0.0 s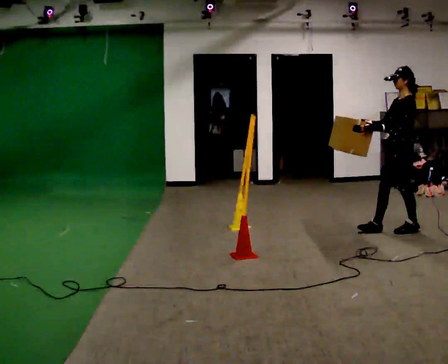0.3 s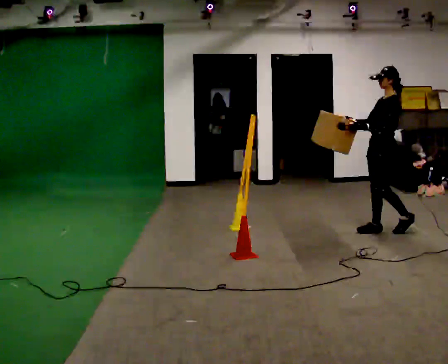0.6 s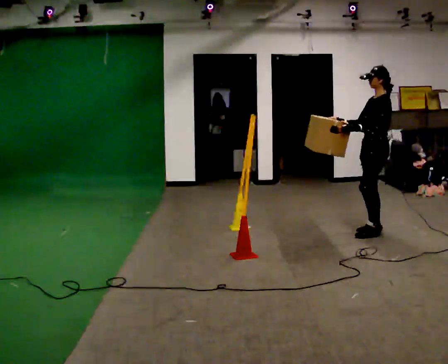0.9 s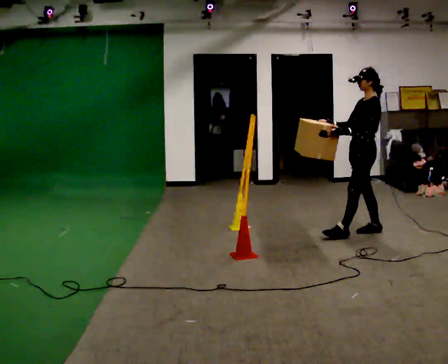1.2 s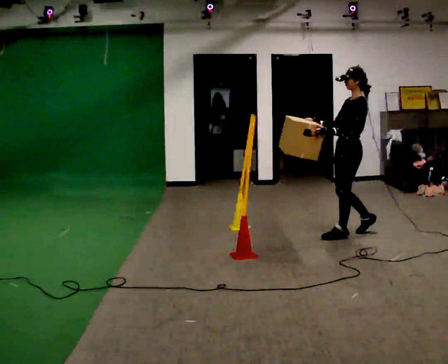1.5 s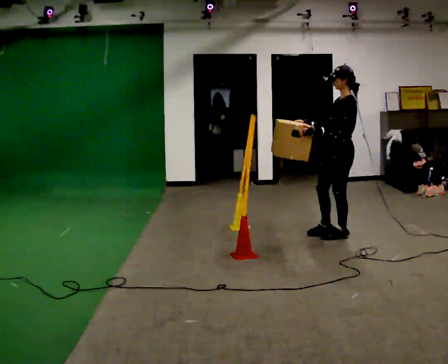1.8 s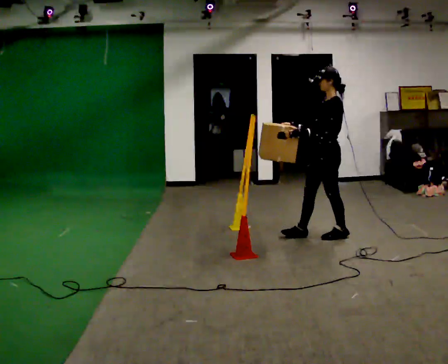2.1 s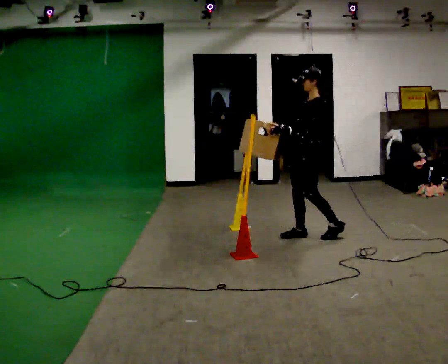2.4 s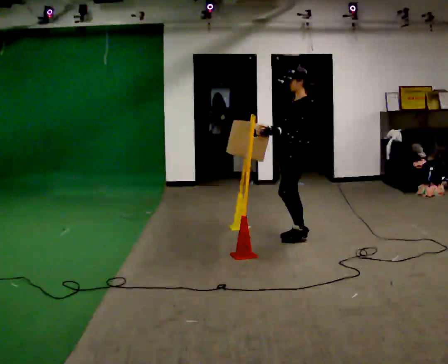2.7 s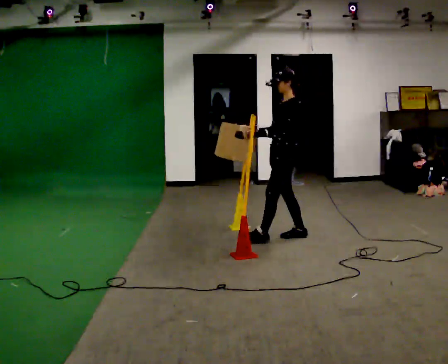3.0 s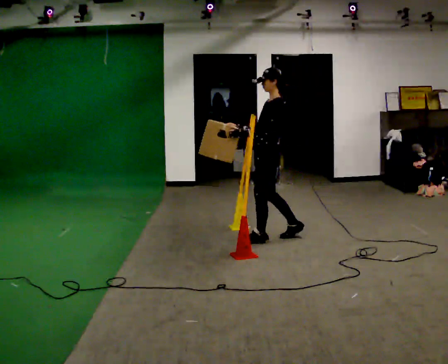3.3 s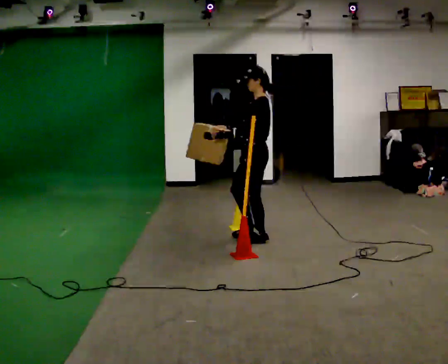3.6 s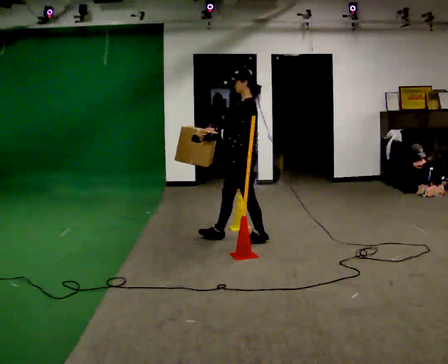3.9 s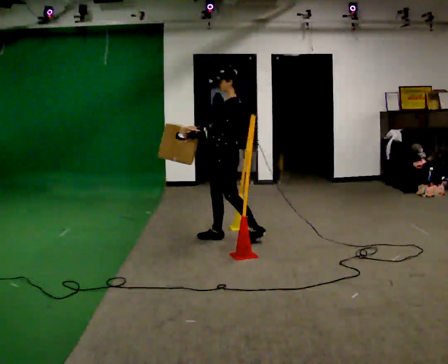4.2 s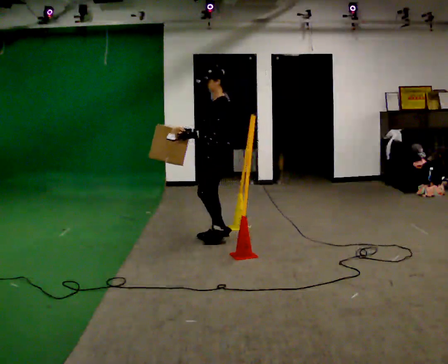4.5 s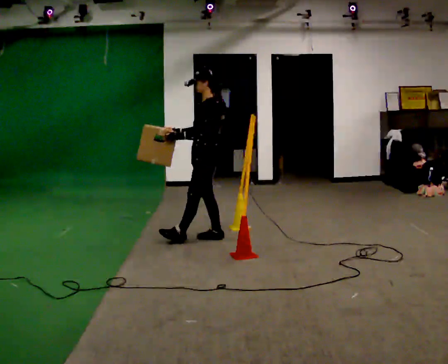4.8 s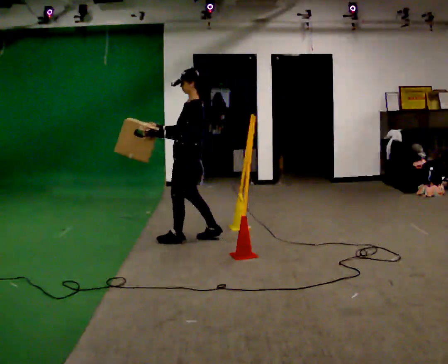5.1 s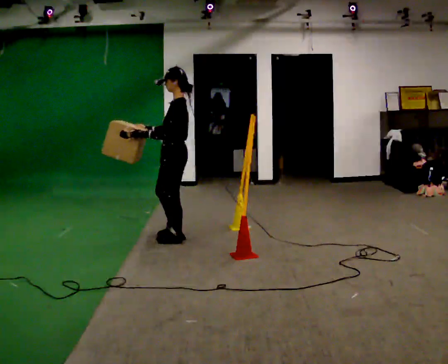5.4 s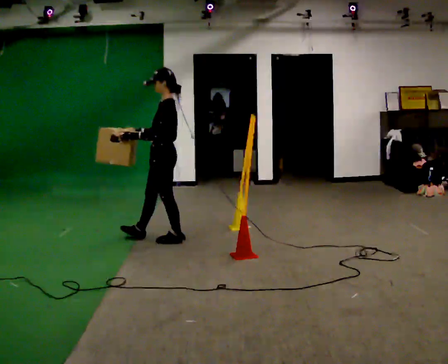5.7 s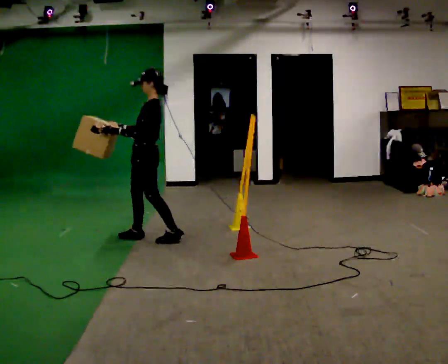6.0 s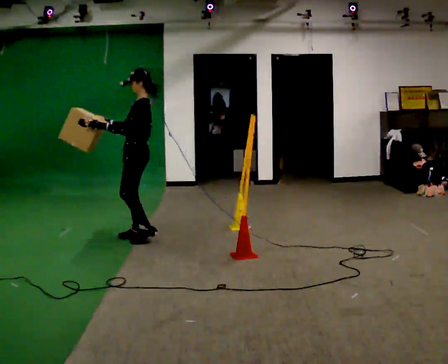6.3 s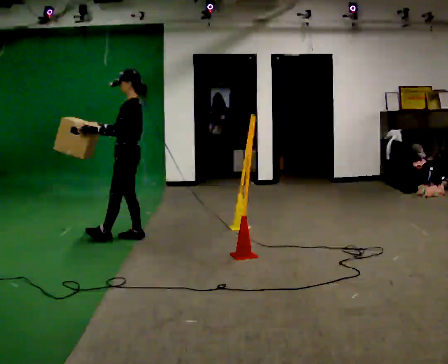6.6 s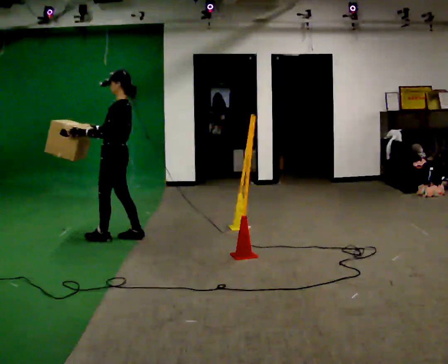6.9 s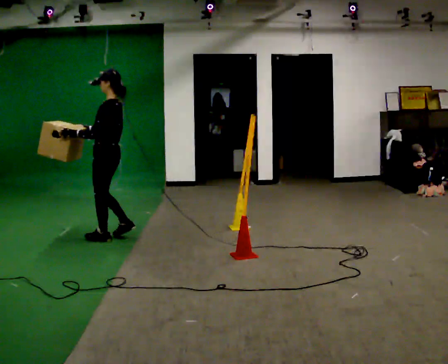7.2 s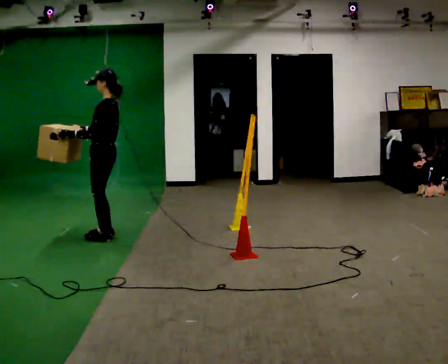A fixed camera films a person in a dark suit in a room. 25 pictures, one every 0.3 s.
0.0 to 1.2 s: In the picture they go to the left, about 0.5 m in 1 step, which for them is forward.
1.2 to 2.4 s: In the picture they go to the left, about 0.5 m in 1 step, which for them is forward.
2.4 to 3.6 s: In the picture they go to the left, about 0.5 m in 2 steps, which for them is forward.
3.6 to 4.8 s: In the picture they go to the left, about 0.5 m in 1 step, which for them is forward.
4.8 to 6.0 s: In the picture they go to the left, about 0.5 m in 1 step, which for them is forward.
6.0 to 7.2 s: In the picture they go to the left, about 0.25 m in 2 steps, which for them is forward.
The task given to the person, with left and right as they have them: Carry the box through the gap between the panels without touching either side, then set it down and bring it back. Keep going until the operator says stop; one object at a time, and do not rush between trips.
The film runs forward here.
